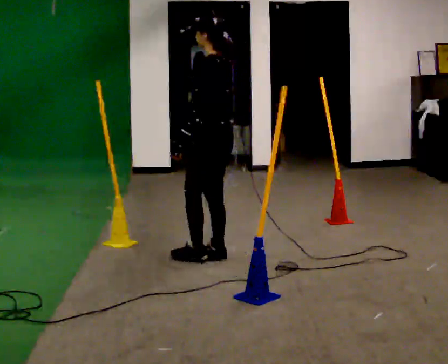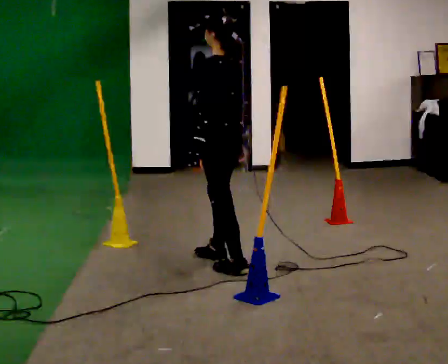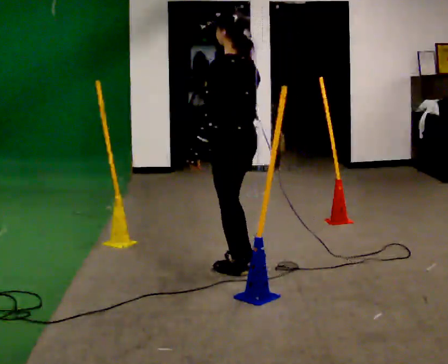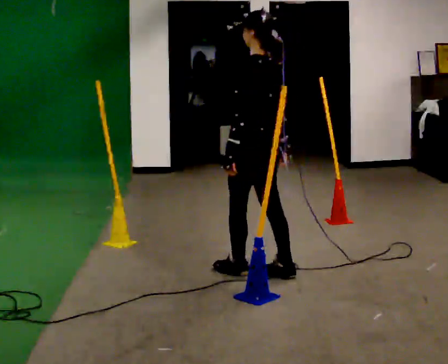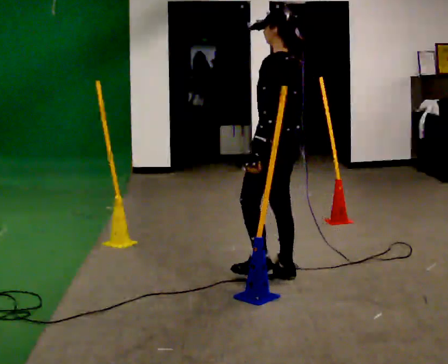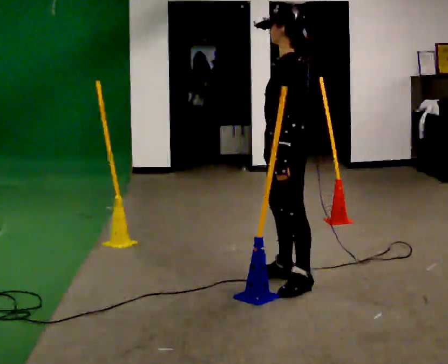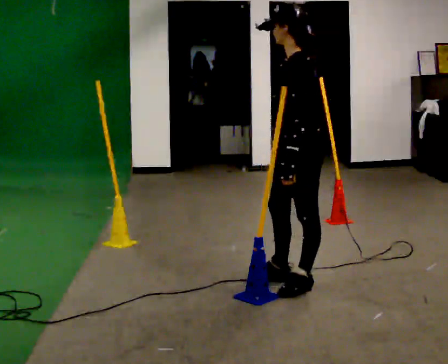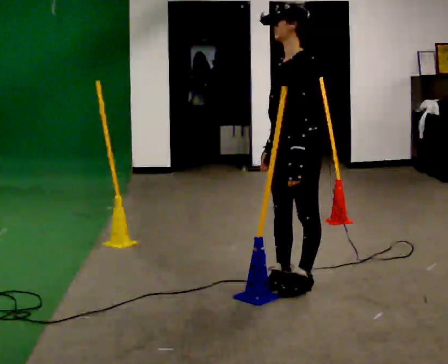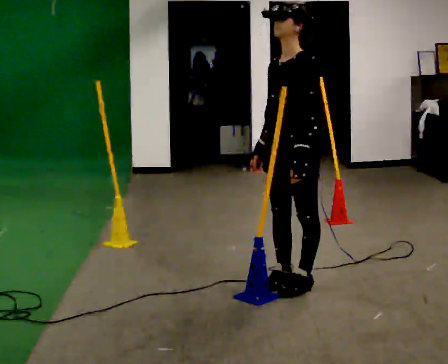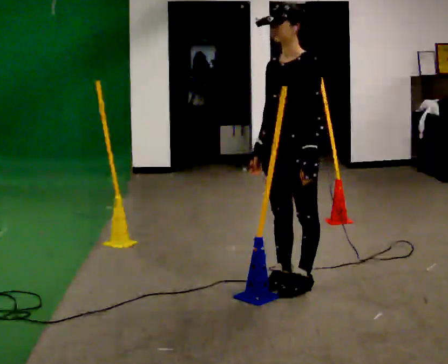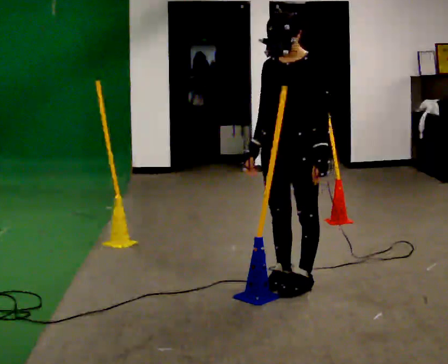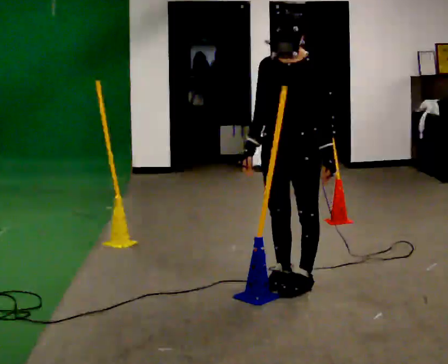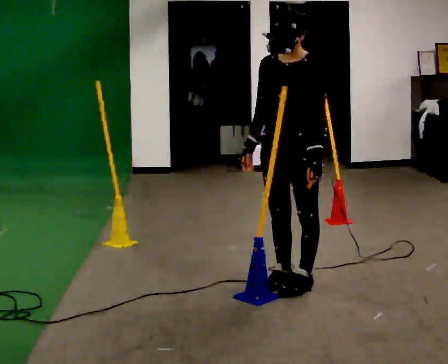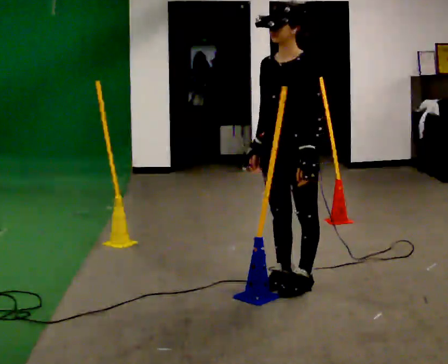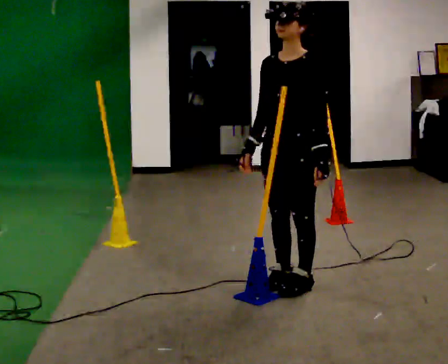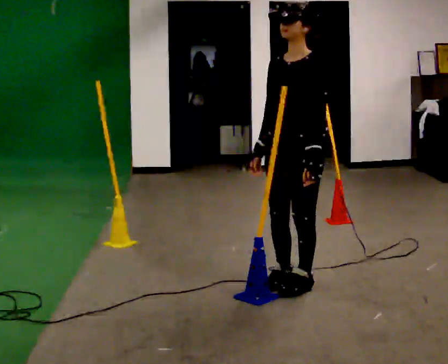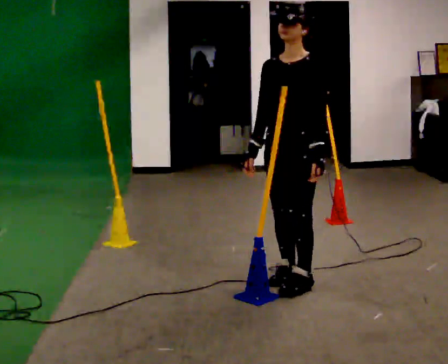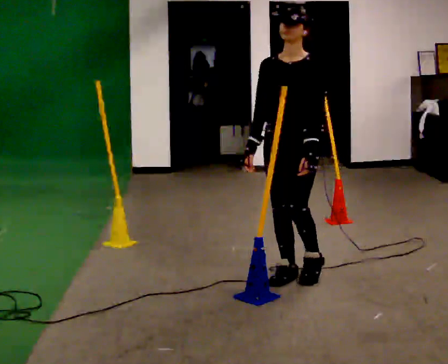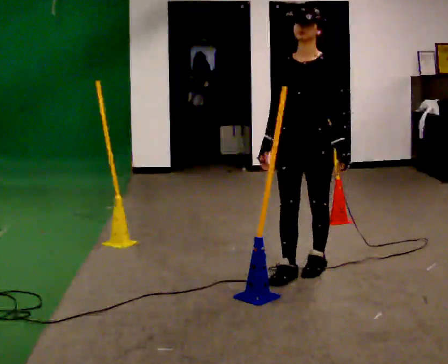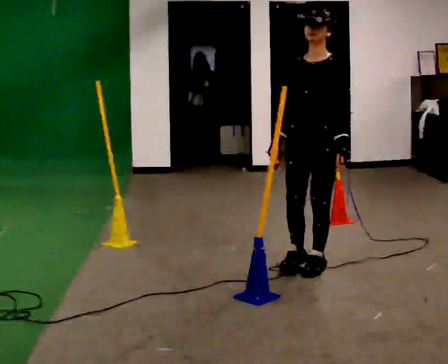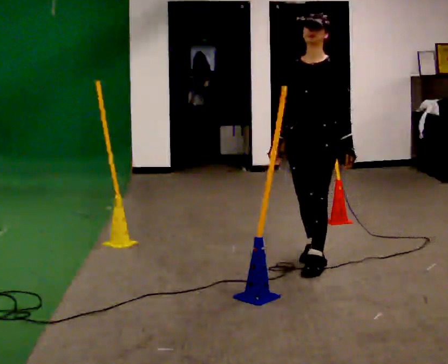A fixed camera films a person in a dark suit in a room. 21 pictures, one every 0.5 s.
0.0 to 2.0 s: In the picture they go to the right and toward the camera, about 0.5 m in 2 steps, which for them is backward.
2.0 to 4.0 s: Seen from above the body turns counterclockwise, about 60 degrees: to their left, with its near side sliding to the right. In the picture they go toward the camera, about 0.25 m, which for them is to their left.
4.0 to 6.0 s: Seen from above the body turns counterclockwise, about 30 degrees: to their left, with its near side sliding to the right.
6.0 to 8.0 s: The person moves a little, or ends about where they began.
8.0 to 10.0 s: In the picture they go away from the camera, about 0.5 m in 2 steps, which for them is backward.
The film runs backward here.
